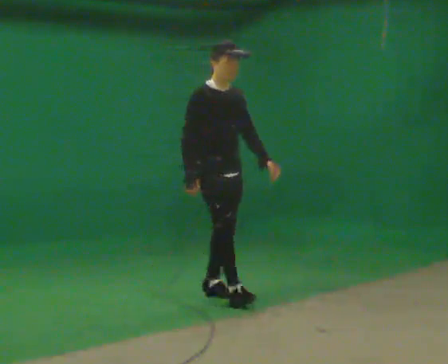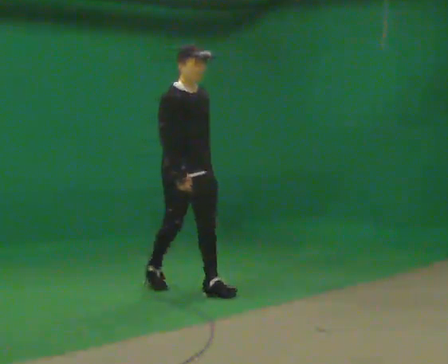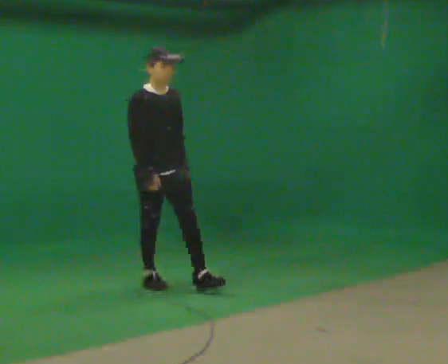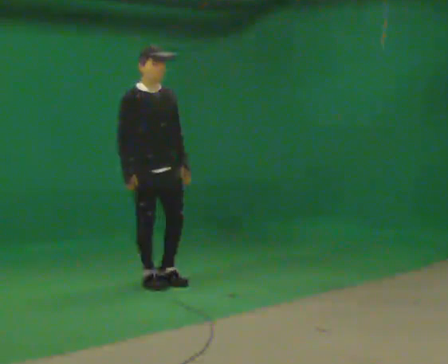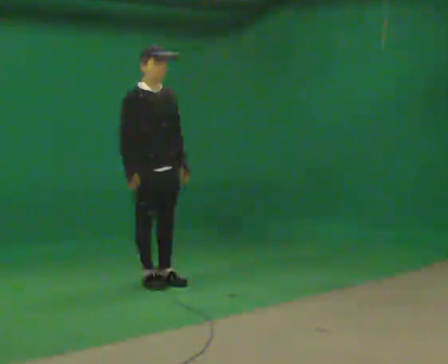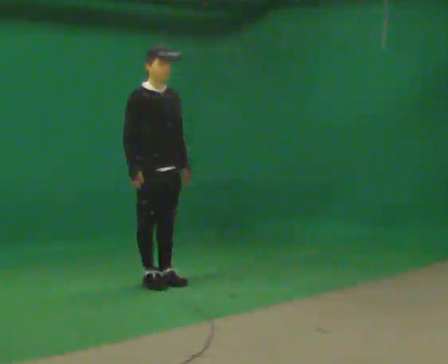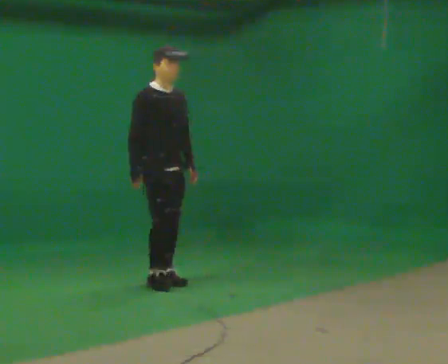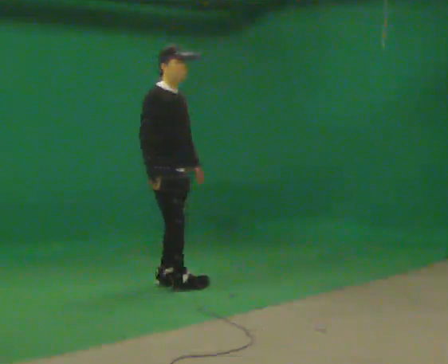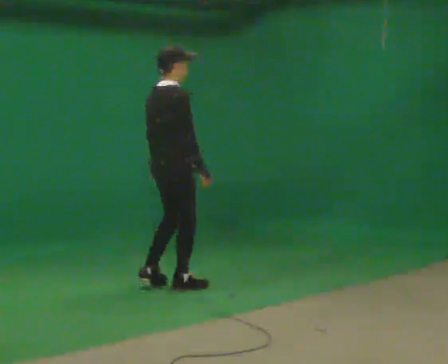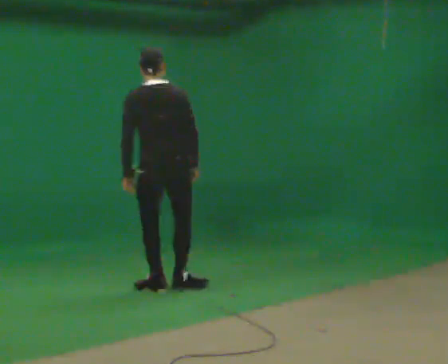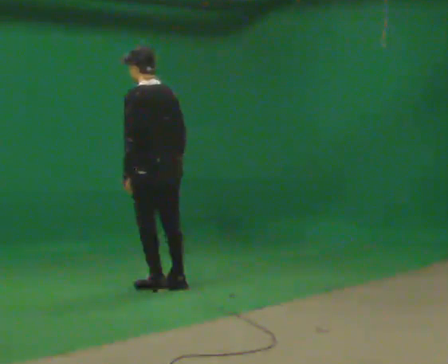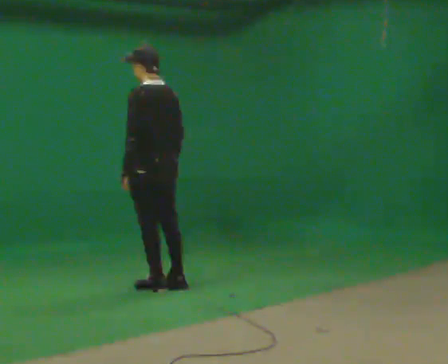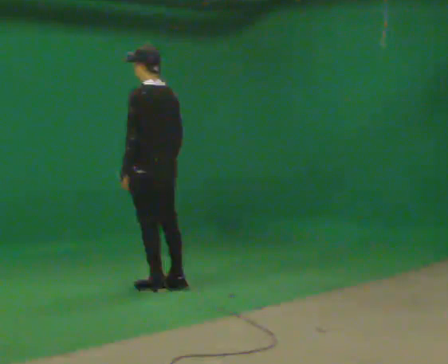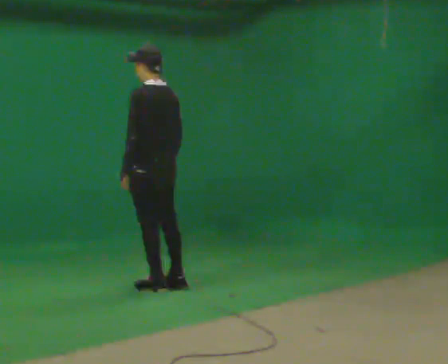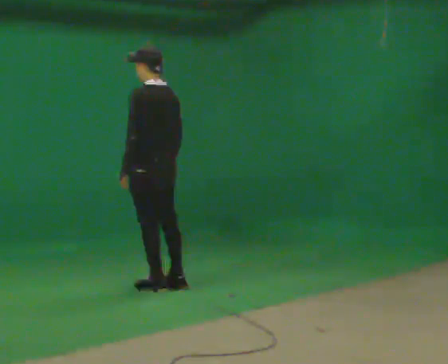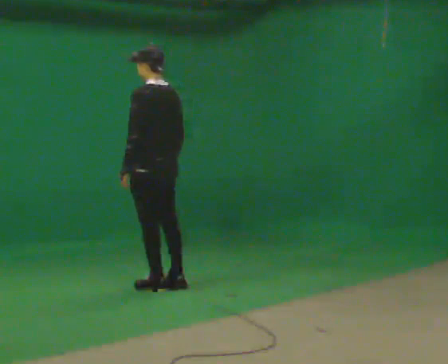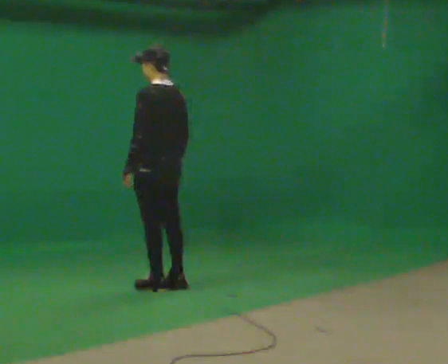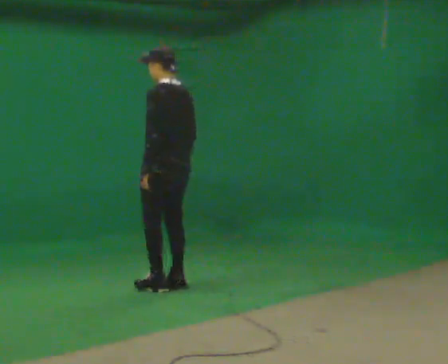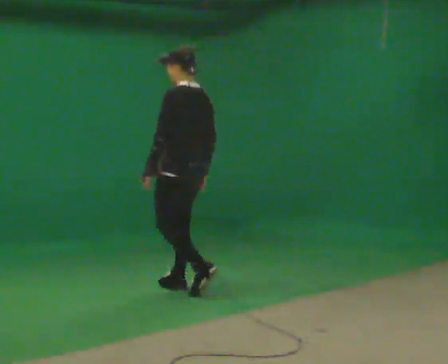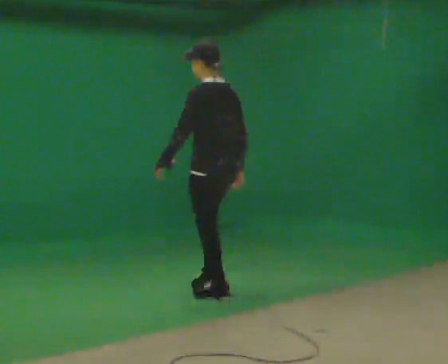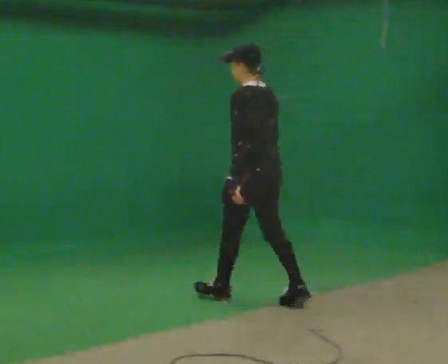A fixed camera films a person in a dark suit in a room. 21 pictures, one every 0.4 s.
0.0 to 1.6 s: In the picture they go away from the camera and to the left, about 0.5 m in 1 step, which for them is backward.
1.6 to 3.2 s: Seen from above the body turns counterclockwise, about 75 degrees: to their left, with its near side sliding to the right. In the picture they go toward the camera, about 0.25 m in 2 steps. In the picture their right hand goes to the right.
3.2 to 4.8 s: The part of the body nearest the lens slides to the right as the person turns to their left by about 105 degrees.
4.8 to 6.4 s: The person moves a little, or ends about where they began.
6.4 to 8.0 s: In the picture they go to the right and toward the camera, about 1 m in 2 steps, which for them is backward.
The film runs backward here.
